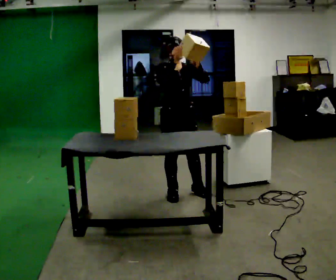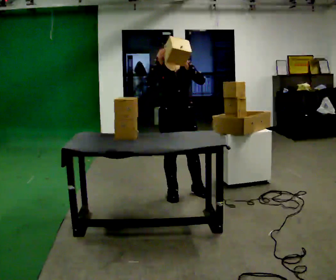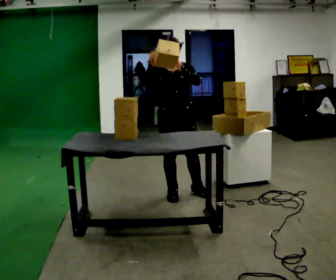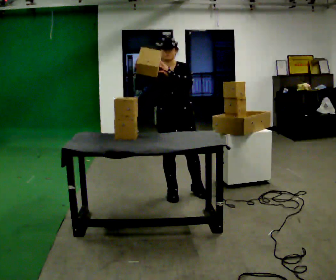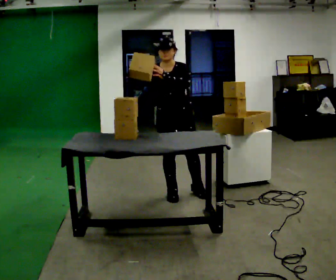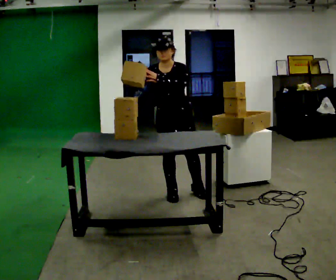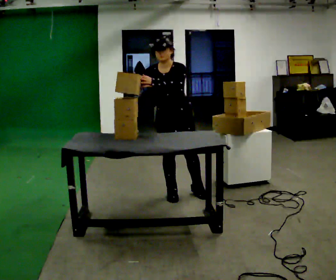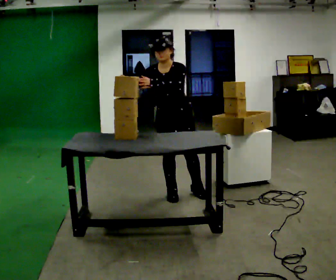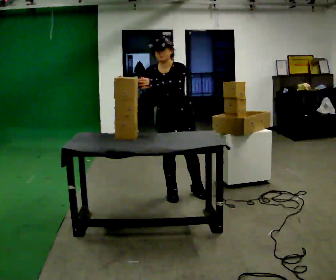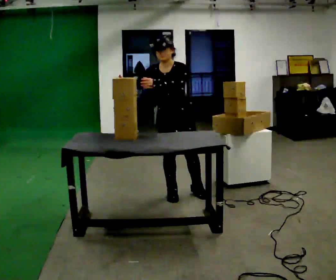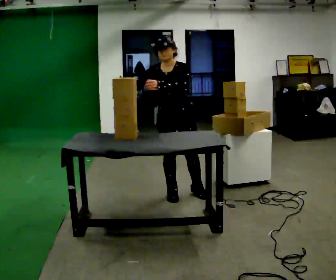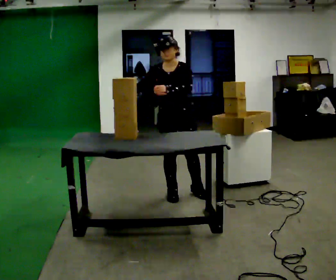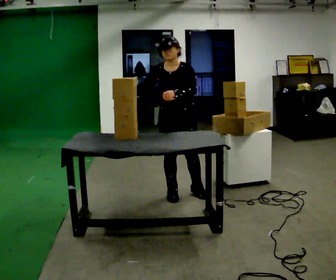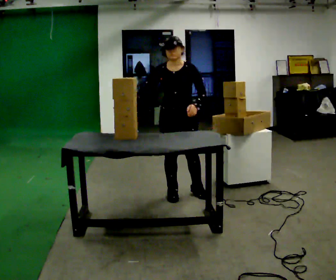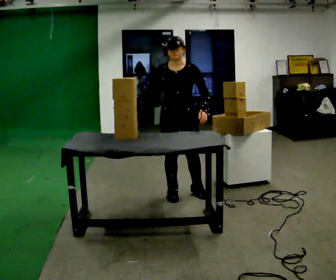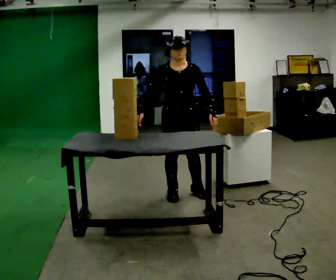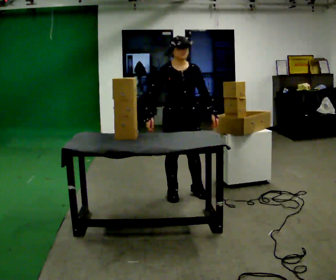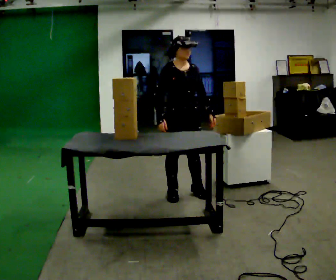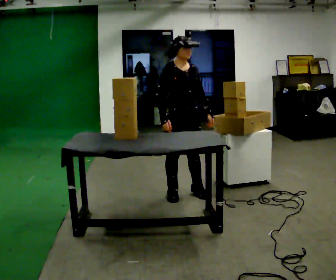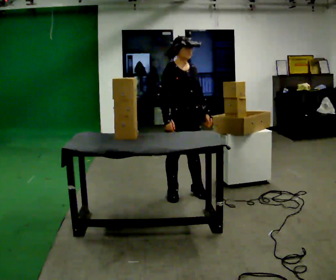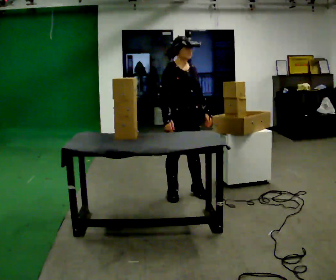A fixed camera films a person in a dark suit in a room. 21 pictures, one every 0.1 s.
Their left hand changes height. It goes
downward.
Their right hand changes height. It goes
downward.
0.0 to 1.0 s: The person turns about 45 degrees to their right, clockwise seen from above, so the part of the body nearest the lens slides to the left. In the picture their right hand goes to the left.
1.0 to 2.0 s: The part of the body nearest the lens slides to the right as the person turns to their left by about 45 degrees. In the picture their left hand goes to the right.
The film runs backward here.
